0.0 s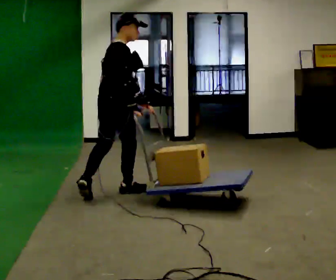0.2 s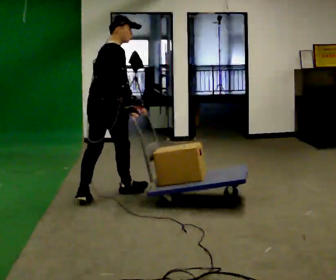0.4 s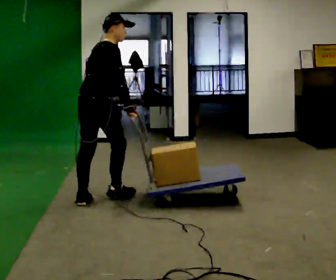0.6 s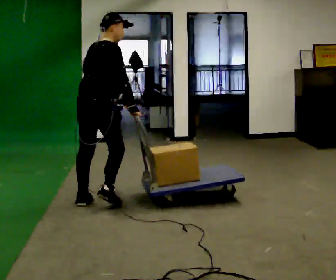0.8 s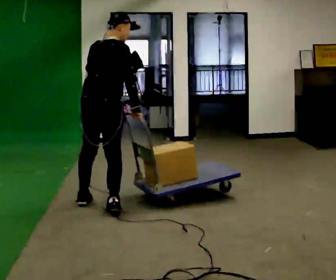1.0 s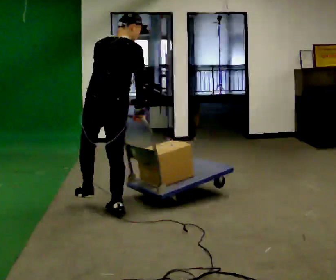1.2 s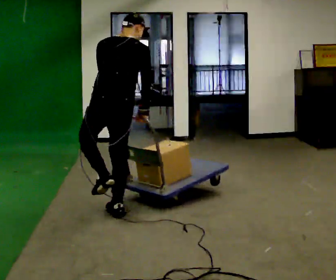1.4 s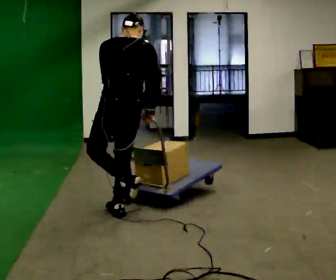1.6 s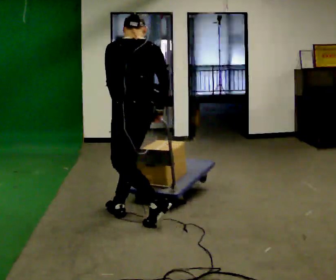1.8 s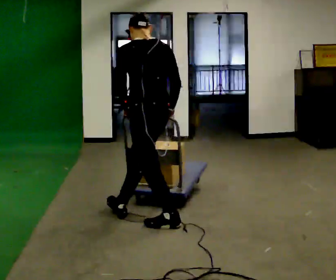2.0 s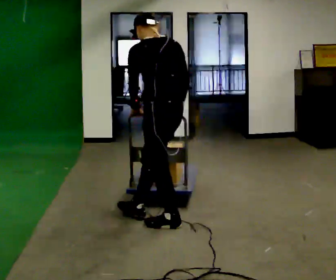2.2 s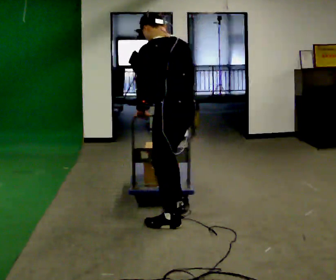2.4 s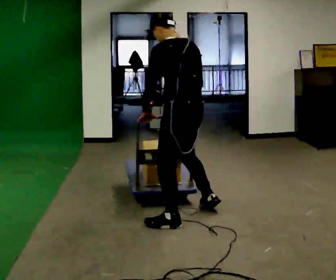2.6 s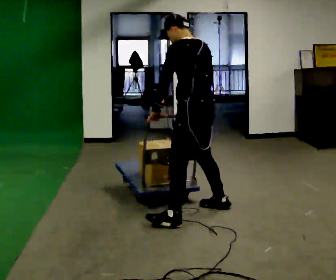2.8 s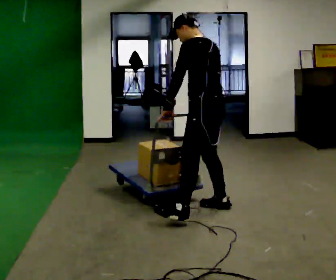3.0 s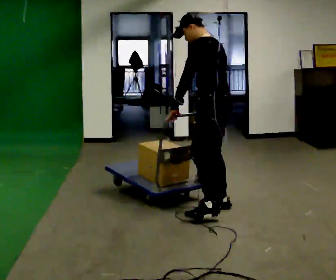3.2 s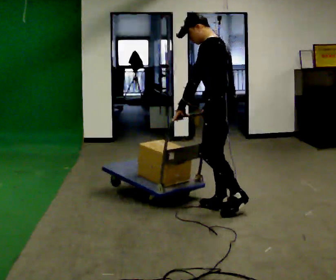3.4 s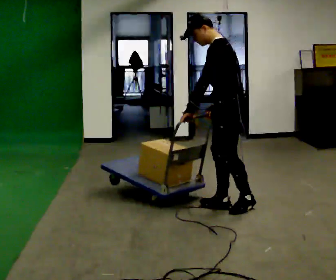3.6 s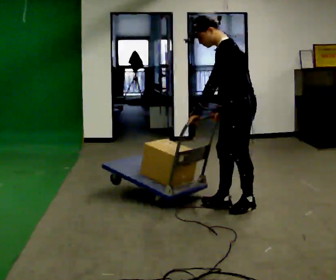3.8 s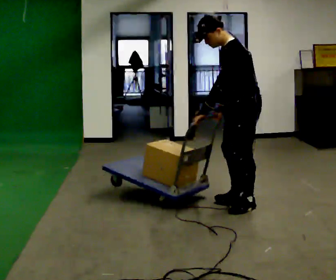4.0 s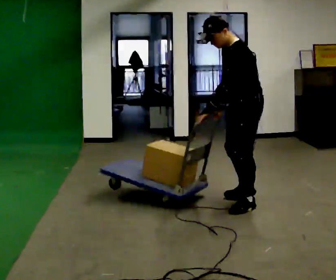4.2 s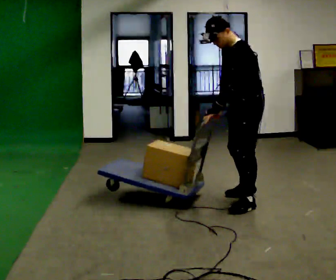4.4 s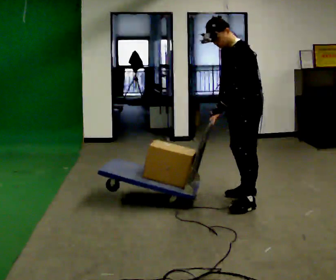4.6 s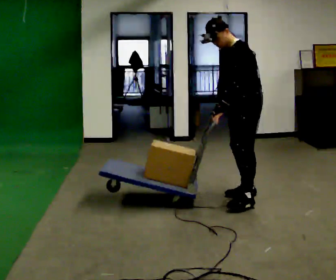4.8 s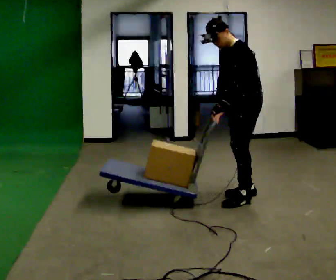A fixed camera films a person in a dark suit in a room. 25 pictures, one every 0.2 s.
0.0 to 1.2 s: The person turns about 60 degrees to their left, counterclockwise seen from above, so the part of the body nearest the lens slides to the right. In the picture they go toward the camera, about 0.5 m in 2 steps, which for them is backward and to their right.
1.2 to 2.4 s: Seen from above the body turns counterclockwise, about 45 degrees: to their left, with its near side sliding to the right. In the picture they go to the right, about 0.5 m in 1 step, which for them is backward and to their right. In the picture the upper body tilts counterclockwise, shoulders to the left.
2.4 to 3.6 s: Seen from above the body turns counterclockwise, about 45 degrees: to their left, with its near side sliding to the right. In the picture they go to the right and away from the camera, about 0.5 m in 2 steps, which for them is to their right and backward.
3.6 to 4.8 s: In the picture they go away from the camera, about 0.25 m in 1 step, which for them is to their right and backward.
The film runs backward here.
